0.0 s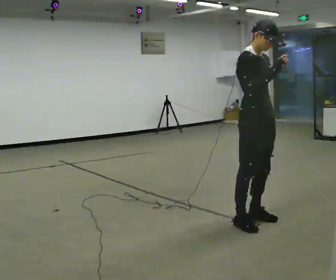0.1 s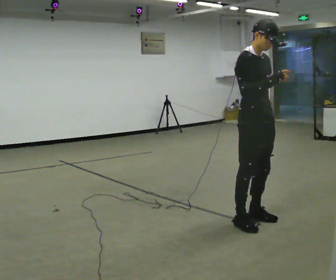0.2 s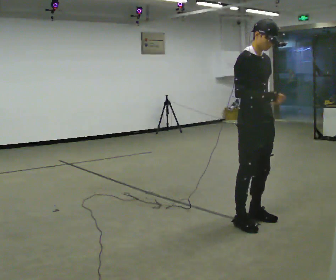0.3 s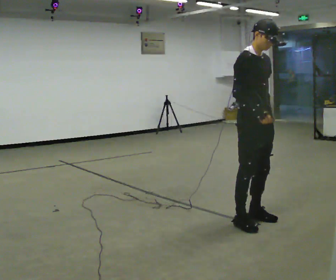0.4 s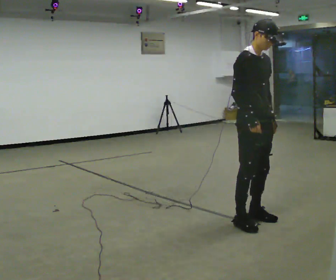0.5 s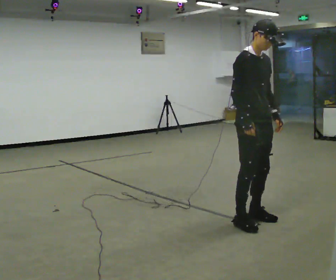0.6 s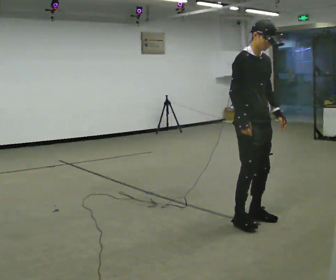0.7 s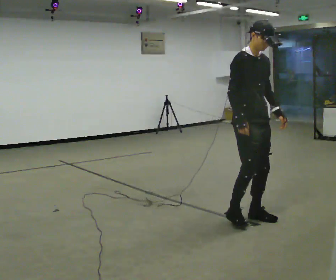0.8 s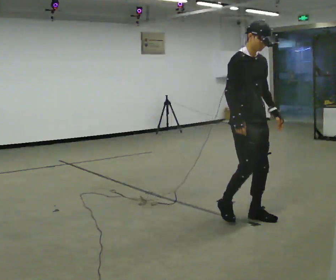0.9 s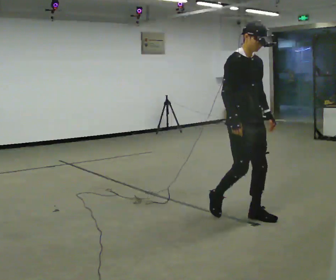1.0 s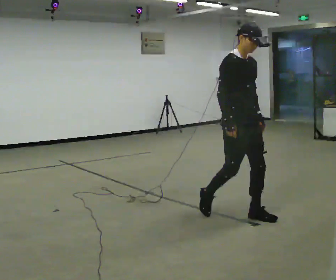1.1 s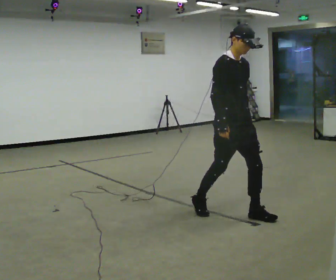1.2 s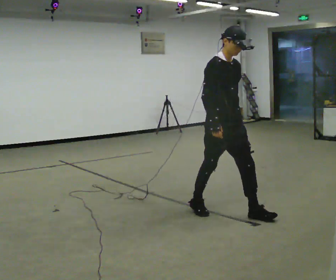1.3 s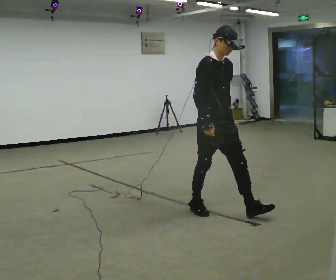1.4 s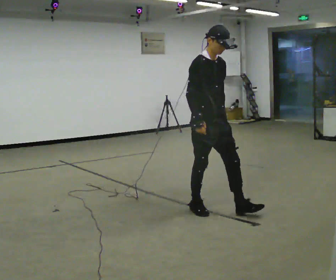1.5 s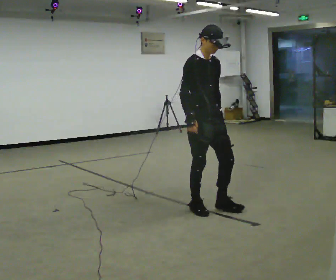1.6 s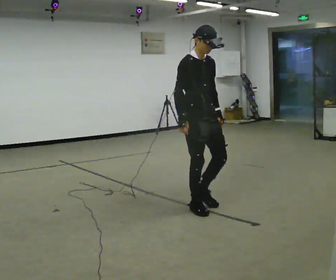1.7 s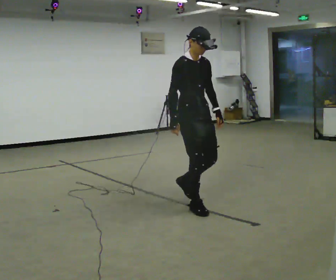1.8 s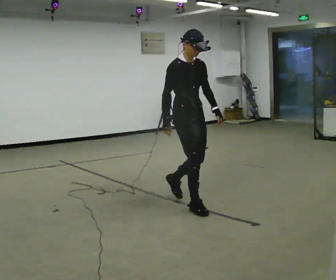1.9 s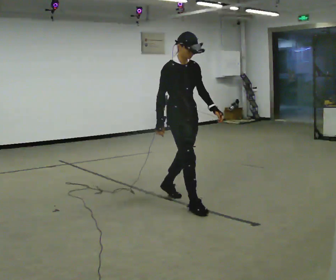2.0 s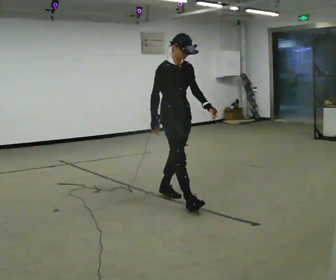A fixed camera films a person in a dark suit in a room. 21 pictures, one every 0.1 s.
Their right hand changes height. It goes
downward.
0.0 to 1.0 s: In the picture they go away from the camera, about 0.25 m in 1 step, which for them is backward. In the picture their right hand goes downward and to the left.
1.0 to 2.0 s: In the picture they go to the left and away from the camera, about 1 m in 2 steps, which for them is backward.
The film runs backward here.
